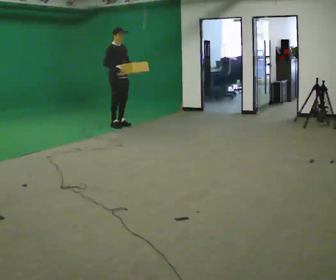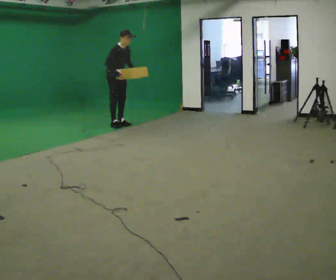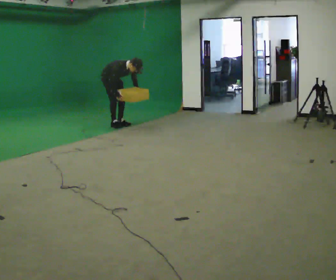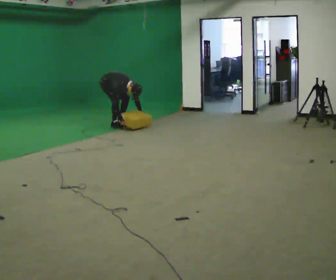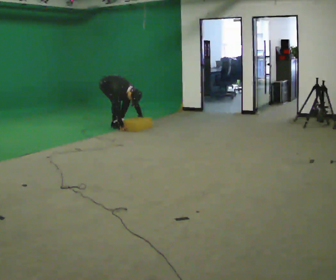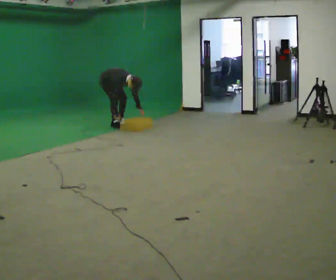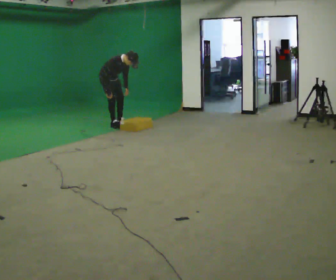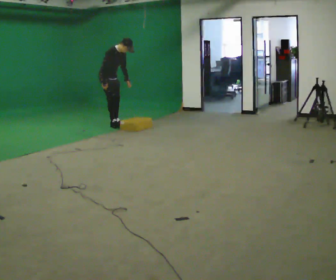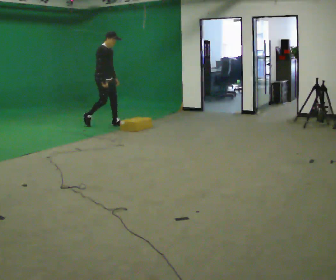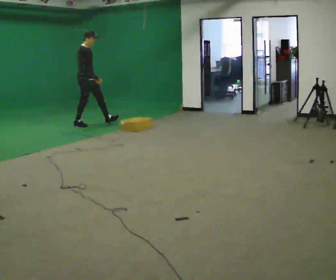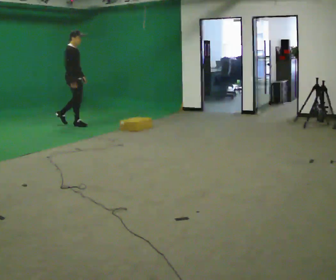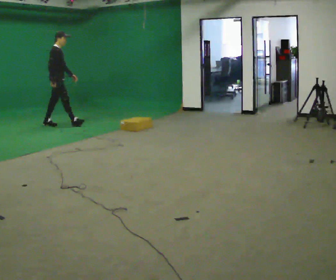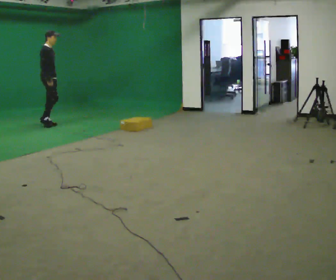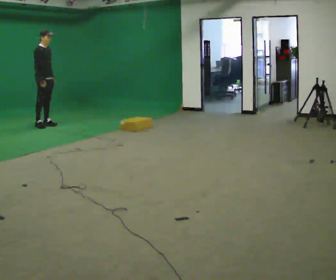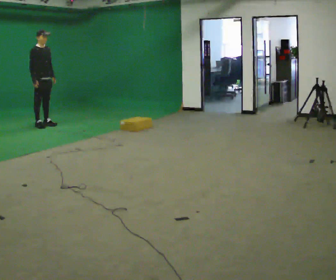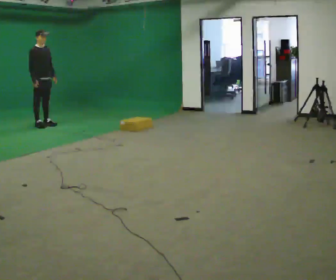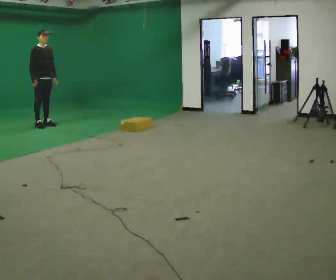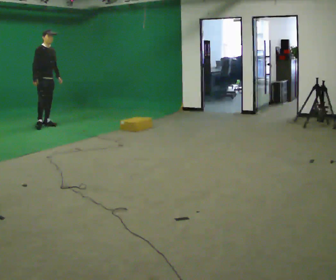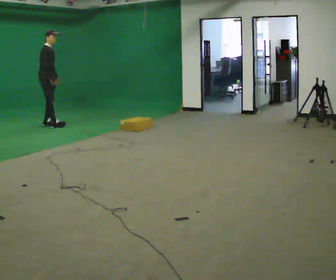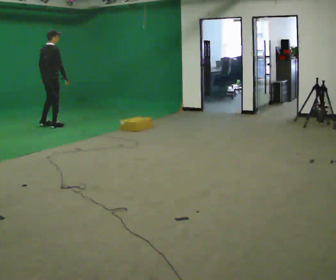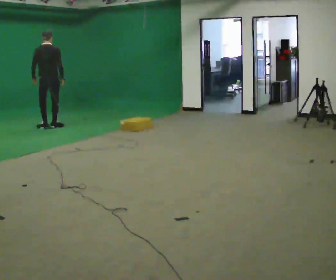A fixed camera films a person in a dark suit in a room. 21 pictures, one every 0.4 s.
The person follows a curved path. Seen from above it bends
counterclockwise.
0.0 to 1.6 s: In the picture they go away from the camera, about 0.25 m, which for them is backward. The upper body goes downward. In the picture the upper body tilts clockwise, shoulders to the right, as they bend forward. In the picture their right hand goes downward.
1.6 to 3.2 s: The upper body goes upward. The upper body tips away from the camera, its near side rolling upward, as they lean back or straighten. In the picture their left hand goes upward and to the left.
3.2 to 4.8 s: In the picture they go to the left, about 1 m in 2 steps, which for them is backward.
4.8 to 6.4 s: Seen from above the body turns clockwise, about 30 degrees: to their right, with its near side sliding to the left.
6.4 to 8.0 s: Seen from above the body turns counterclockwise, about 135 degrees: to their left, with its near side sliding to the right. In the picture they go to the right, about 0.25 m in 2 steps. In the picture their left hand goes to the left, the arm swinging clockwise.
The film runs backward here.
